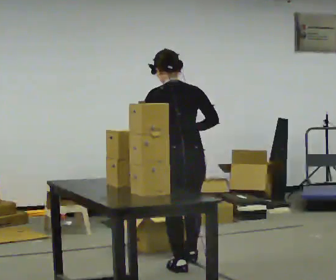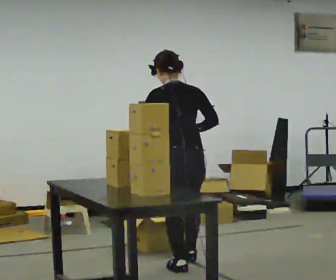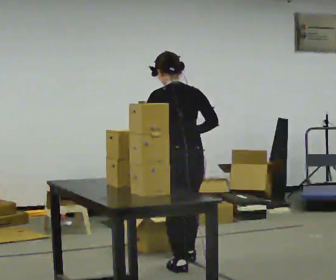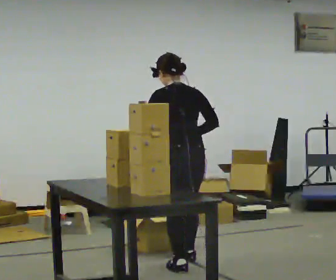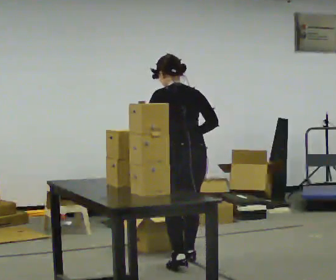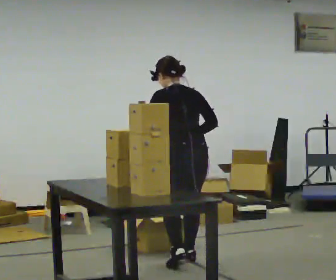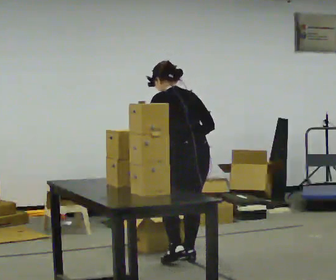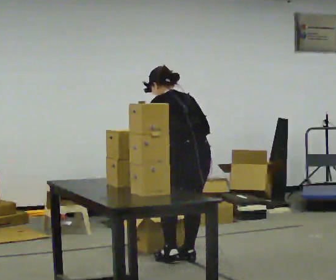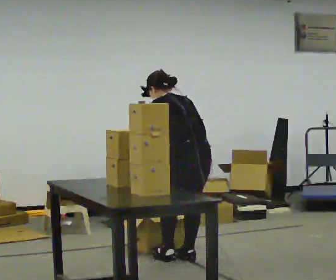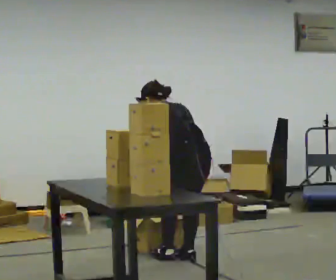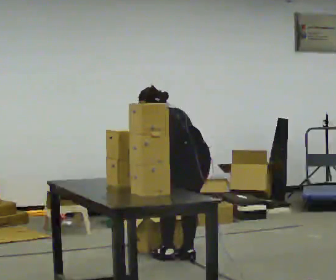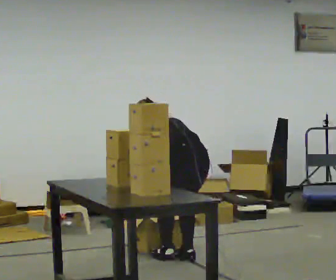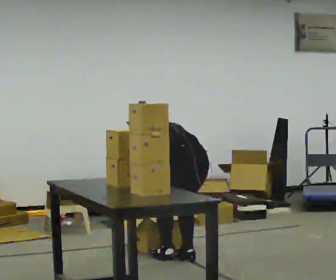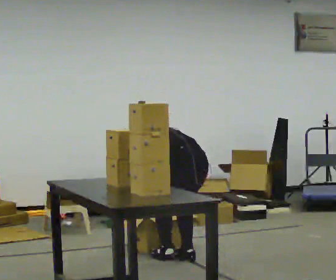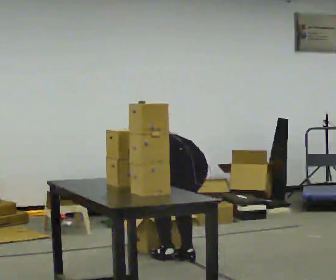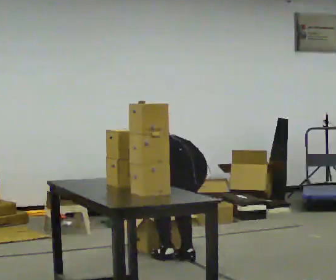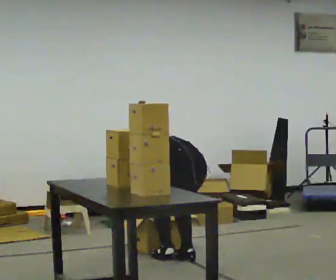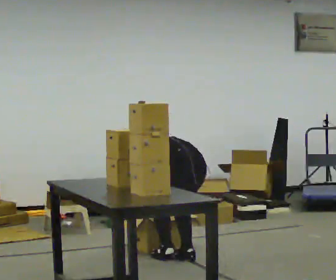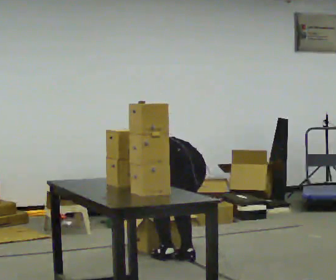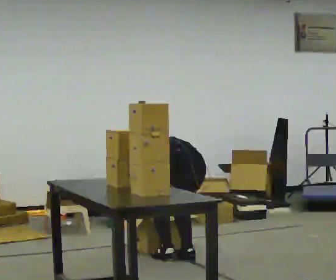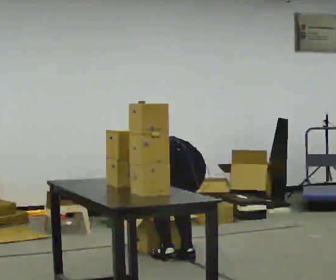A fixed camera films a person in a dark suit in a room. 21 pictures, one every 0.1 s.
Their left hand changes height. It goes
downward.
Their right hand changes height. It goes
downward.
0.0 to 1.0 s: In the picture they go away from the camera, about 0.25 m in 2 steps, which for them is forward and to their right. The shoulders move downward. The upper body tips away from the camera, its near side rolling upward, as they bend forward. In the picture their right hand goes downward.
1.0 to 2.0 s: The upper body goes downward. In the picture the upper body tilts counterclockwise, shoulders to the left, as they bend forward.
The film runs forward here.
